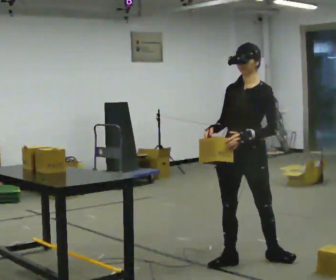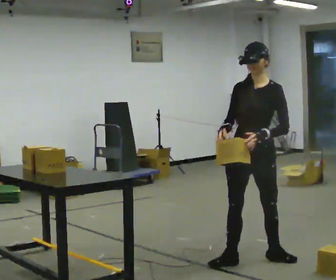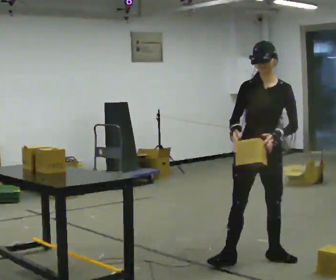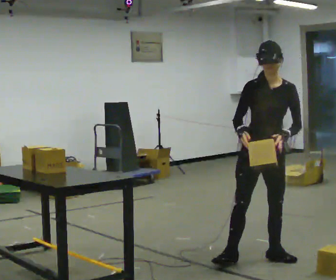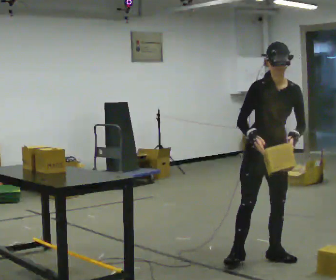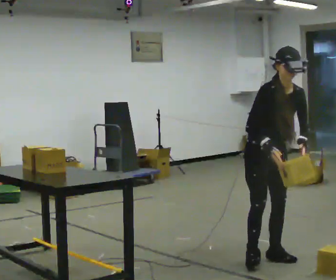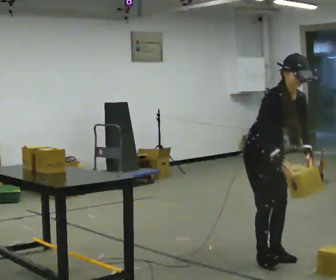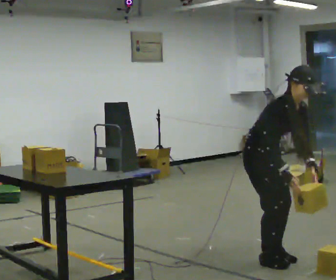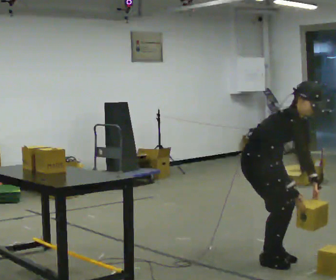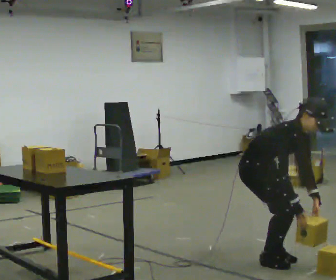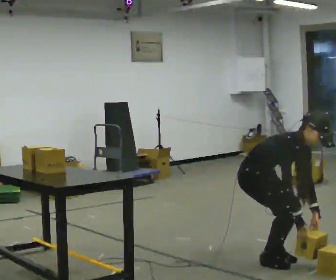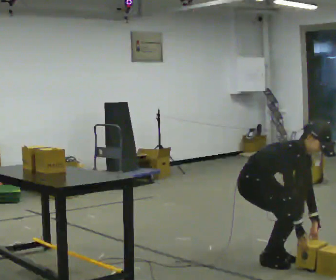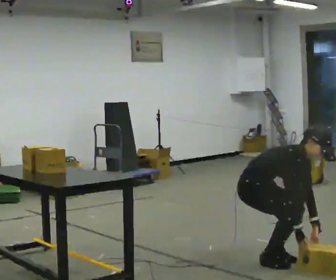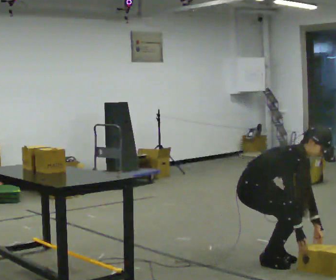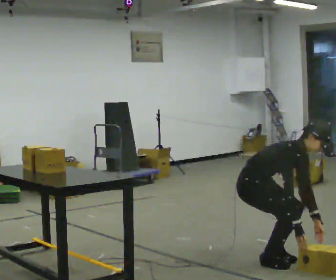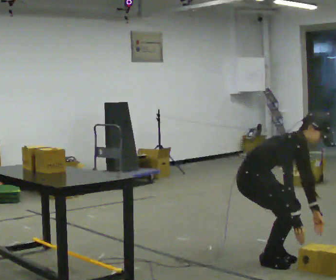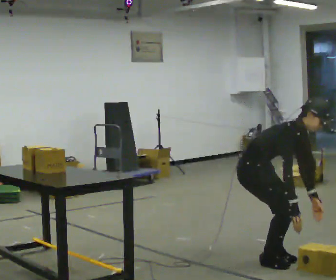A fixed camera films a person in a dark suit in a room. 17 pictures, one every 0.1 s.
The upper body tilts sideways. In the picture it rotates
clockwise.
The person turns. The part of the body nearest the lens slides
to the right.
0.0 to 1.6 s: The part of the body nearest the lens slides to the right as the person turns to their left by about 90 degrees. In the picture the upper body tilts clockwise, shoulders to the right, as they bend forward. In the picture their left hand goes to the right and downward.
The film runs backward here.
